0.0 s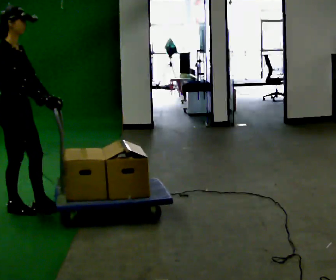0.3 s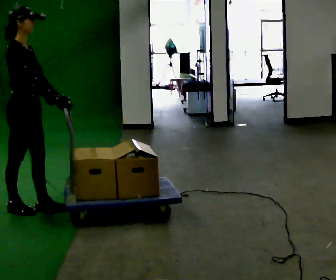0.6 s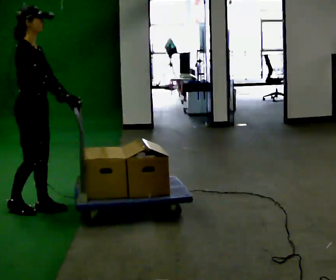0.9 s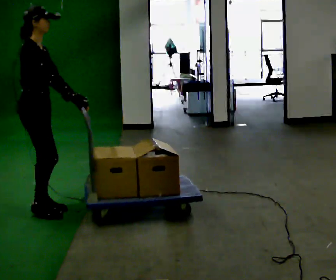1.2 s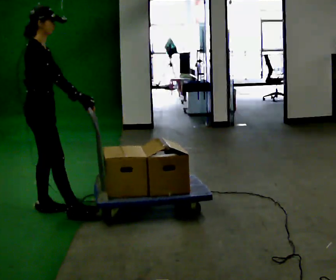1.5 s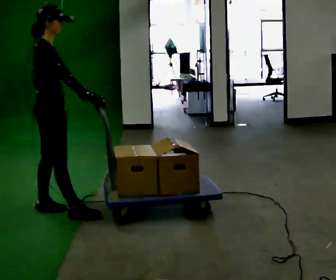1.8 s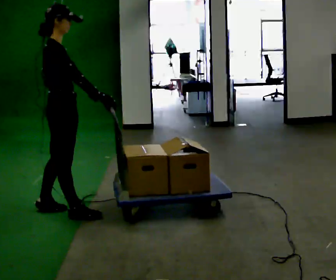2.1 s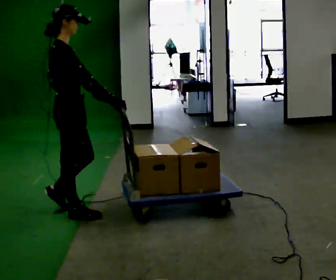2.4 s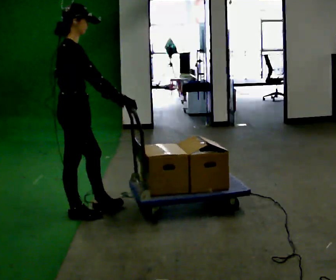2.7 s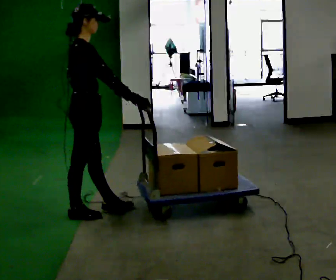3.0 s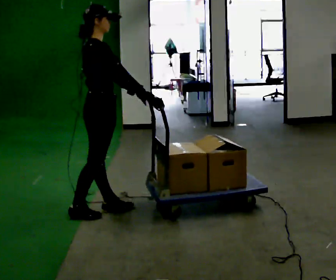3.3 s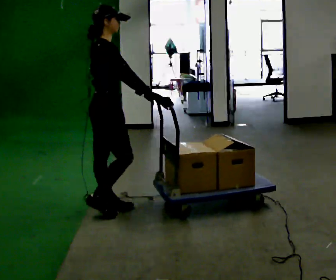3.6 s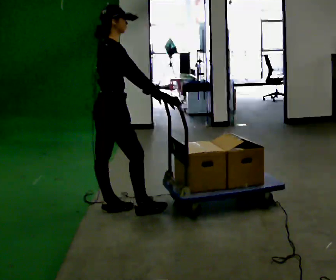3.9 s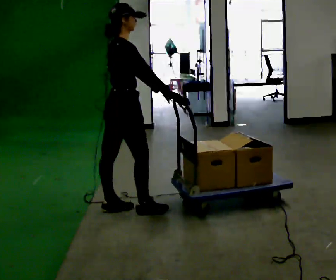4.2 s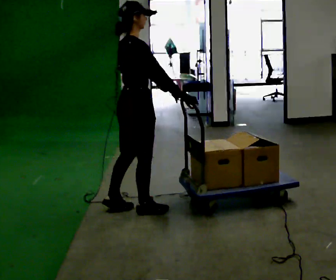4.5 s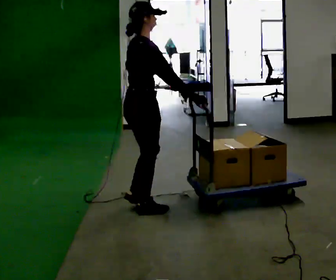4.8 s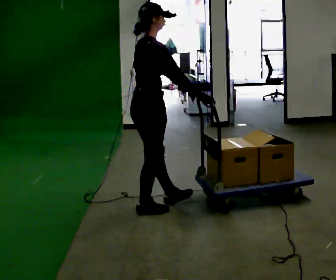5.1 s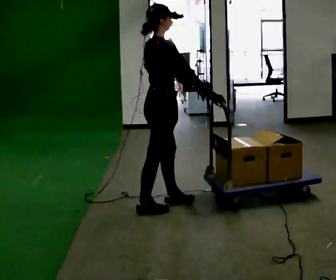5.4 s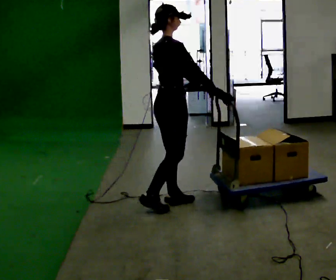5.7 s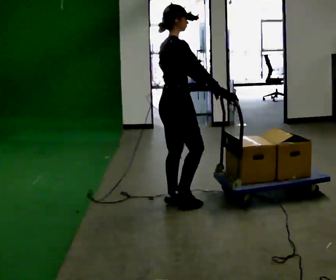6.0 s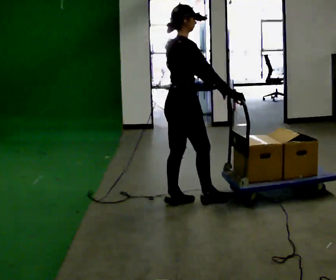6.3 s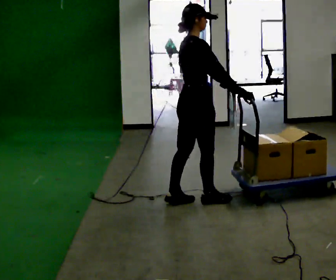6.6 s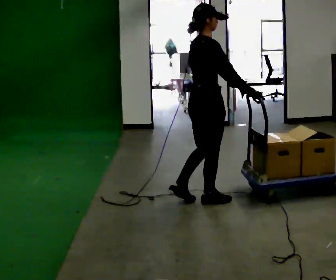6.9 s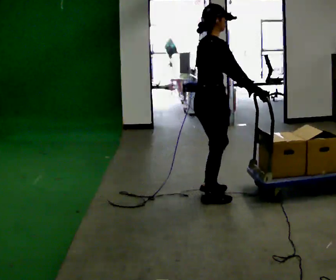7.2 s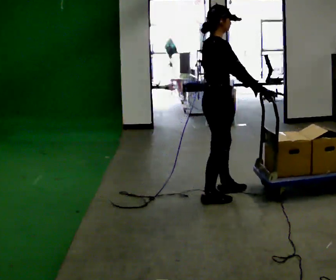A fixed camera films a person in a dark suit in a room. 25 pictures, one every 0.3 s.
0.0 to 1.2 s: In the picture they go to the right, about 0.25 m in 1 step, which for them is forward.
1.2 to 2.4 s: In the picture they go to the right, about 0.25 m, which for them is forward and to their right.
2.4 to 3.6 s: In the picture they go to the right and away from the camera, about 0.25 m in 2 steps, which for them is forward and to their left.
3.6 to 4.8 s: In the picture they go to the right, about 0.25 m in 1 step, which for them is forward and to their right.
4.8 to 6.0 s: In the picture they go to the right and away from the camera, about 0.25 m in 1 step, which for them is forward.
6.0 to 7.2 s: In the picture they go to the right, about 0.25 m in 1 step, which for them is forward.
The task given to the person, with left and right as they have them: Push the cart across the room and back. The operator will change how much is loaded on it between takes and will tell you each time.
The film runs forward here.
